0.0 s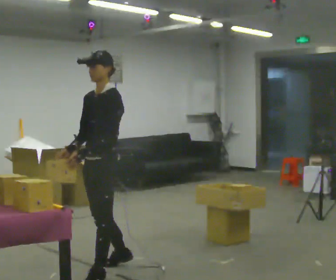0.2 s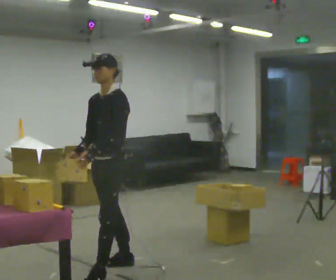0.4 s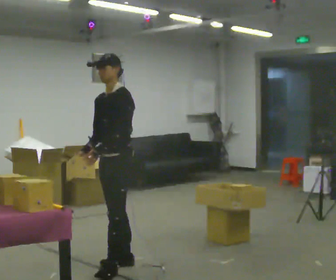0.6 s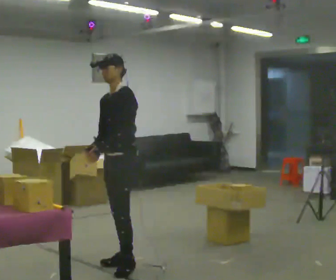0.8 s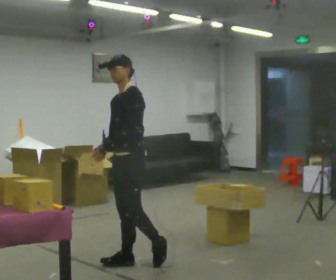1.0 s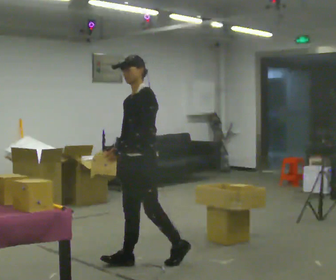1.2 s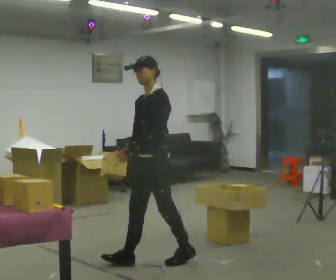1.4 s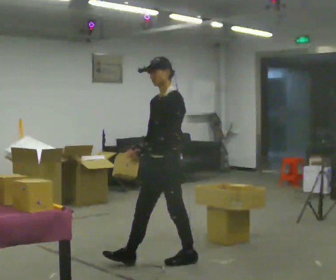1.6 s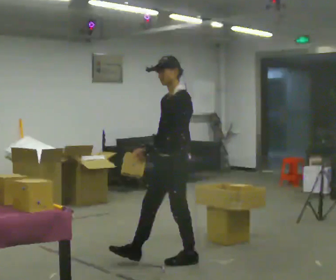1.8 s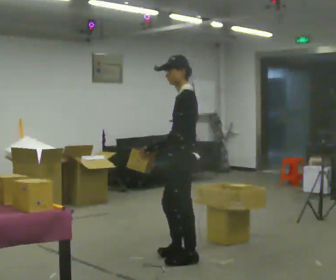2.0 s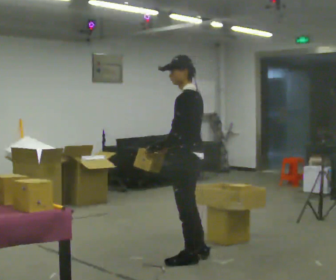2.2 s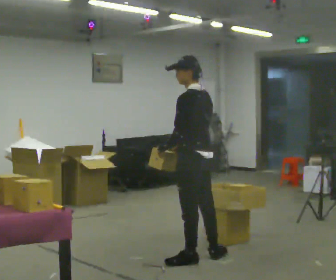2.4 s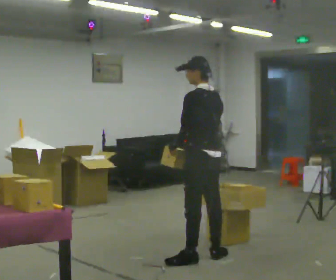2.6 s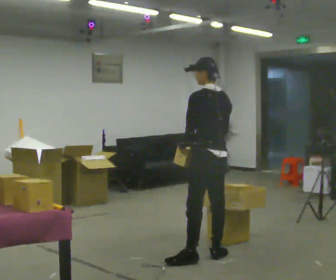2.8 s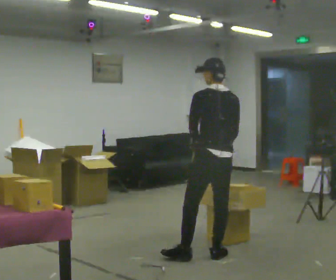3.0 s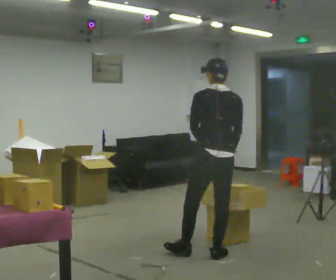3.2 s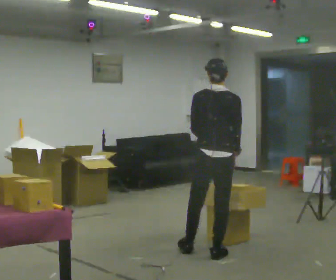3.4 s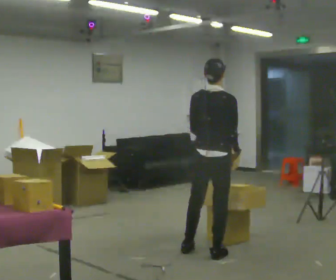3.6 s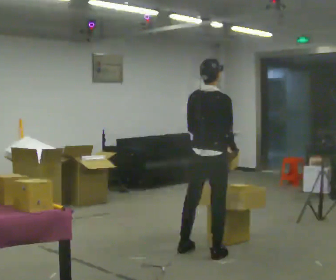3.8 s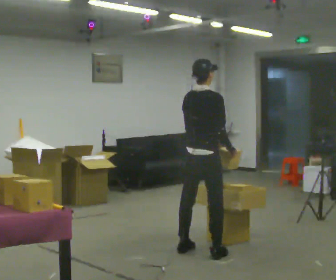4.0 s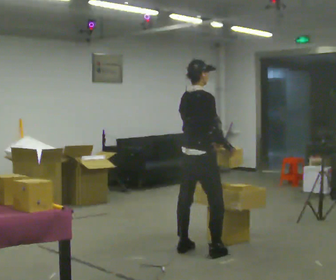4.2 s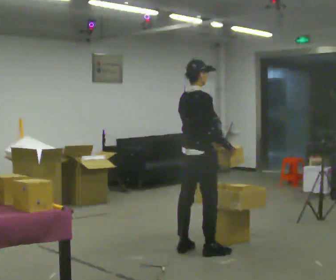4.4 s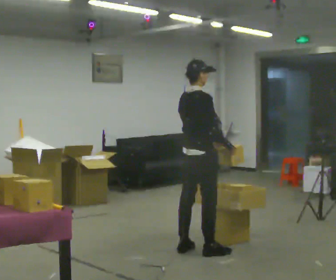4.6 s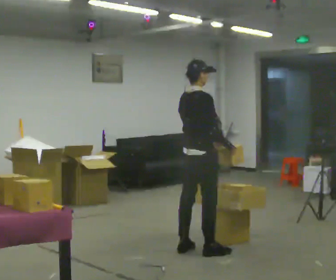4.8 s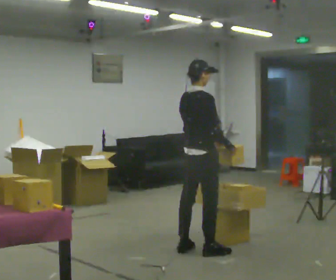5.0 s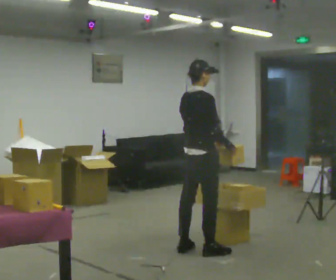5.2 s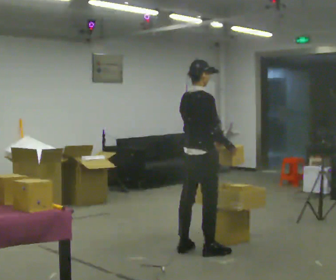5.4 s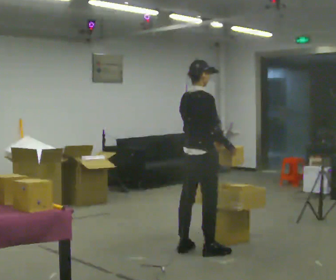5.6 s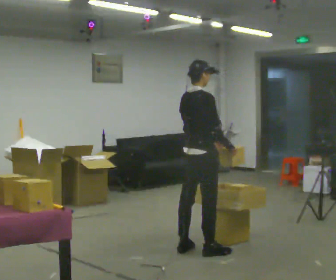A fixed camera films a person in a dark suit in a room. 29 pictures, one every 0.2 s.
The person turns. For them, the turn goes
to their right.
Their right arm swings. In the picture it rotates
counterclockwise.
0.0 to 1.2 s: In the picture they go to the right and away from the camera, about 0.5 m in 1 step, which for them is backward.
1.2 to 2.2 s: Seen from above the body turns clockwise, about 60 degrees: to their right, with its near side sliding to the left. In the picture they go to the right, about 0.25 m in 1 step.
2.2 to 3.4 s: Seen from above the body turns clockwise, about 75 degrees: to their right, with its near side sliding to the left. In the picture they go away from the camera, about 0.25 m in 1 step. In the picture their right hand goes to the right.
3.4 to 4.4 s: The person turns about 30 degrees to their right, clockwise seen from above, so the part of the body nearest the lens slides to the left. In the picture they go away from the camera, about 0.25 m in 1 step, which for them is to their left.
4.4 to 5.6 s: The person moves a little, or ends about where they began.
The film runs backward here.
